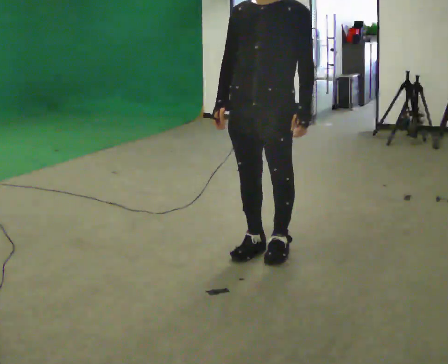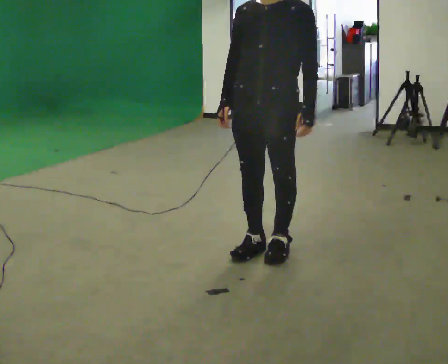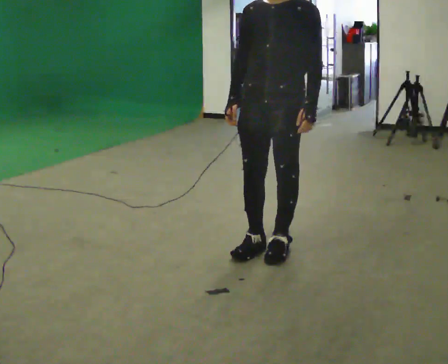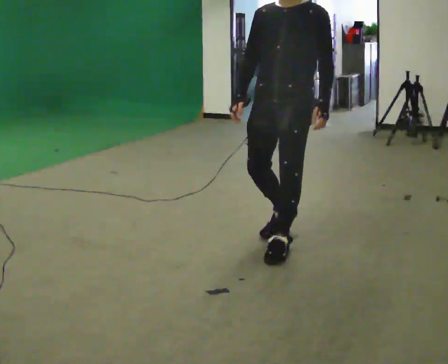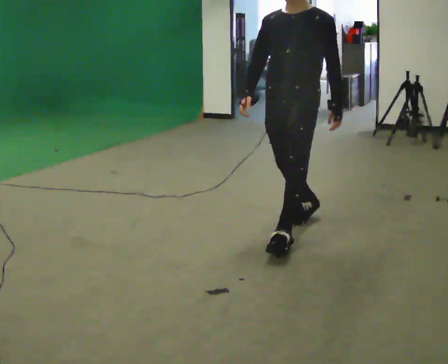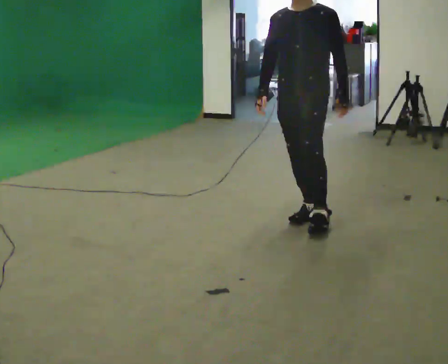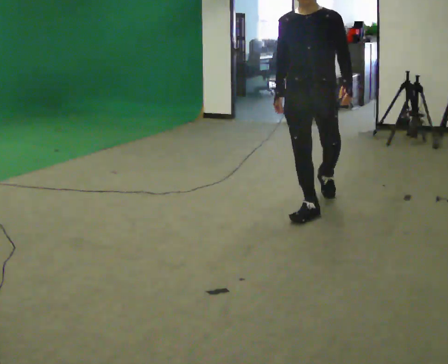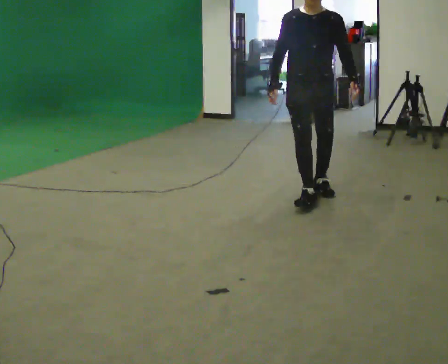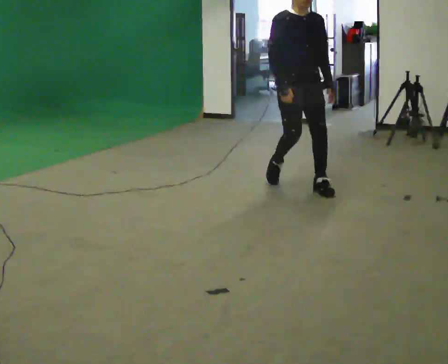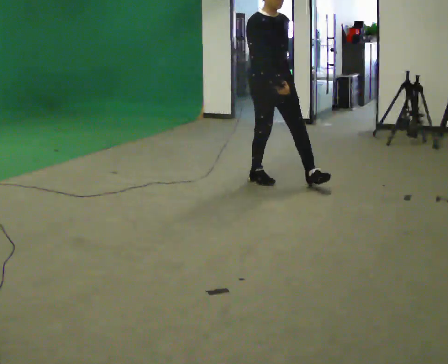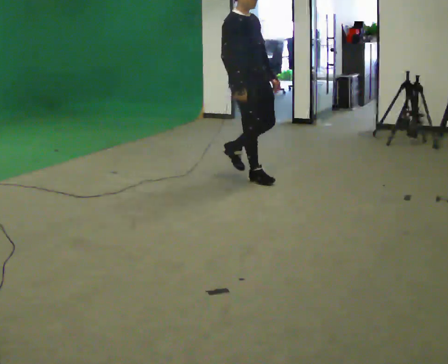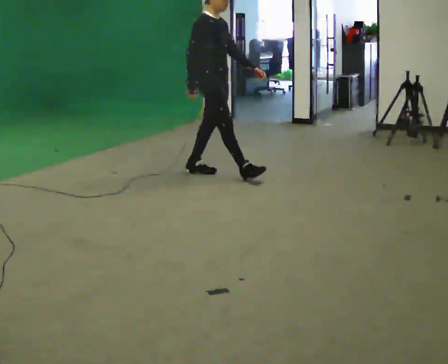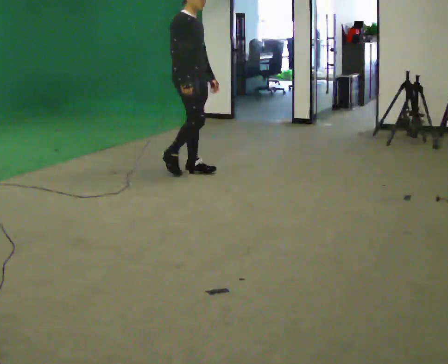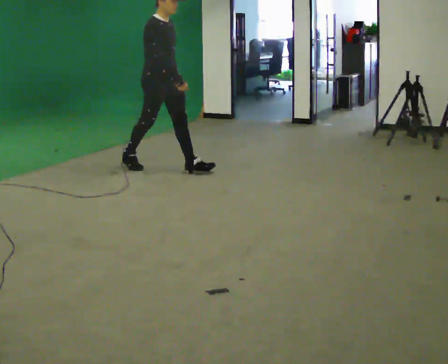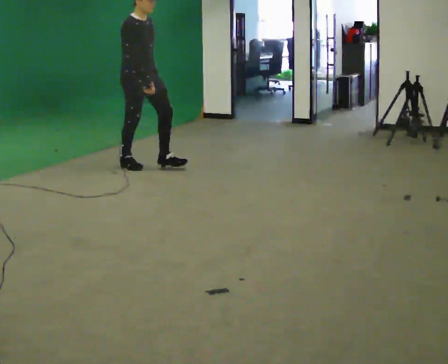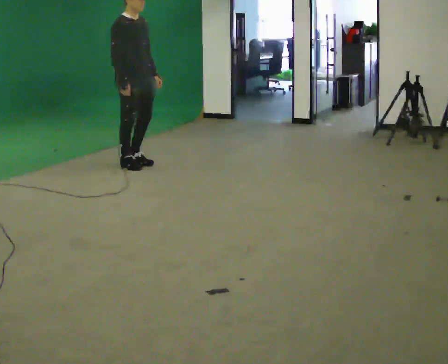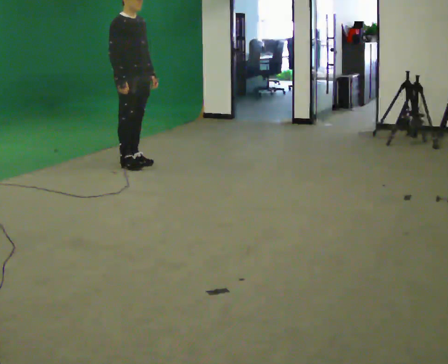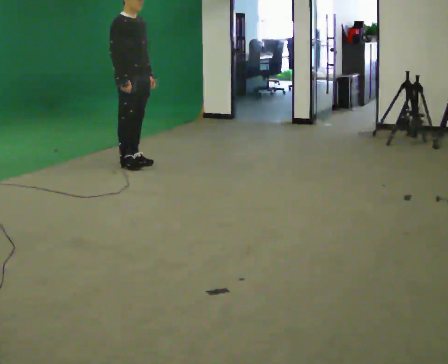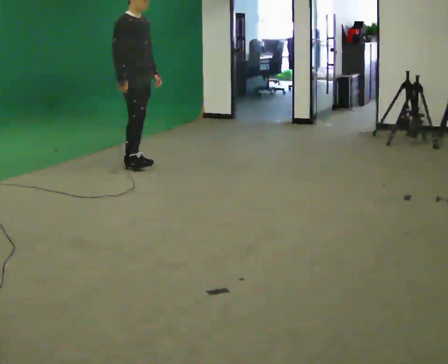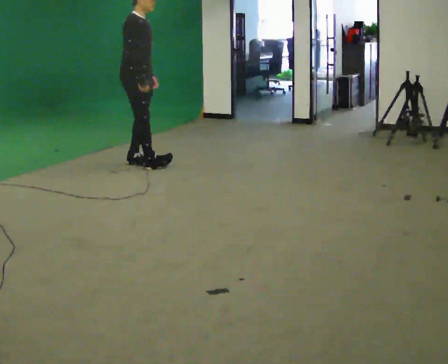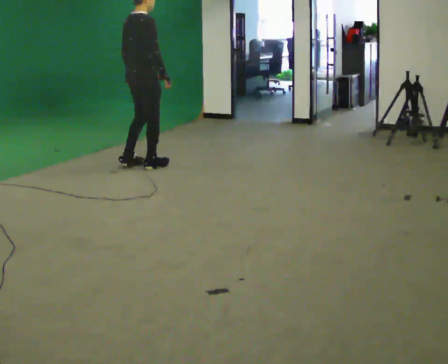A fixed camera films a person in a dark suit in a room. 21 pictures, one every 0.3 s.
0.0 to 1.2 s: In the picture they go away from the camera and to the right, about 0.5 m in 1 step, which for them is backward.
1.2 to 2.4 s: The person turns about 60 degrees to their left, counterclockwise seen from above, so the part of the body nearest the lens slides to the right. In the picture they go away from the camera, about 1 m in 2 steps, which for them is backward.
2.4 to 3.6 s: The part of the body nearest the lens slides to the right as the person turns to their left by about 45 degrees. In the picture they go to the left and away from the camera, about 1 m in 2 steps, which for them is backward.
3.6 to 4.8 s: In the picture they go to the left, about 0.5 m in 1 step, which for them is backward.
4.8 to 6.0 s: The part of the body nearest the lens slides to the right as the person turns to their left by about 60 degrees.
The film runs backward here.
